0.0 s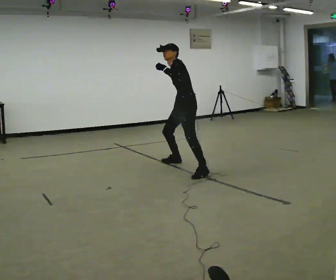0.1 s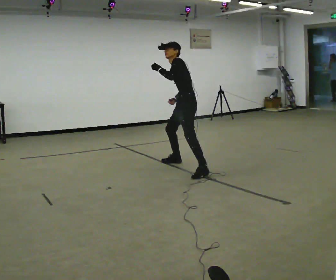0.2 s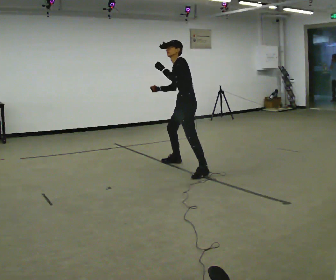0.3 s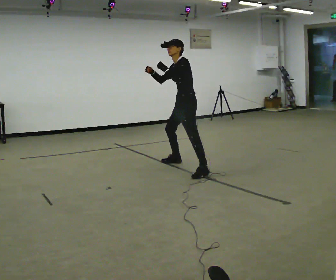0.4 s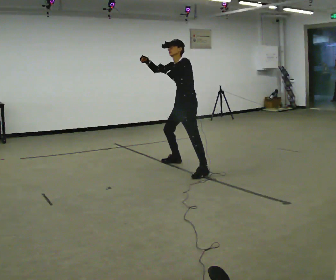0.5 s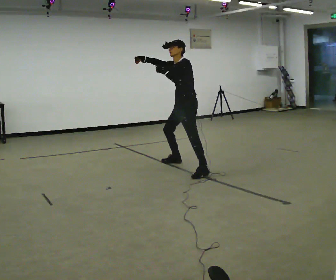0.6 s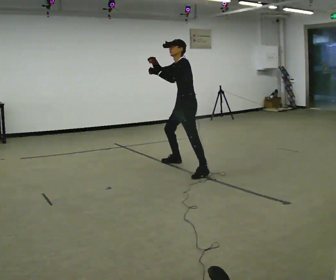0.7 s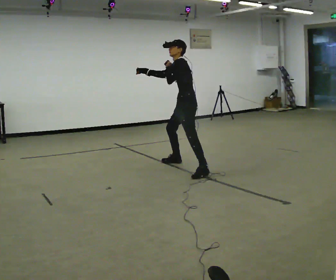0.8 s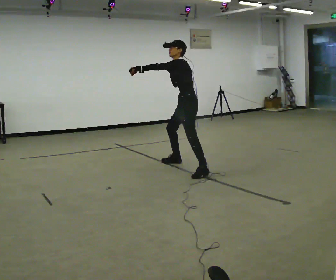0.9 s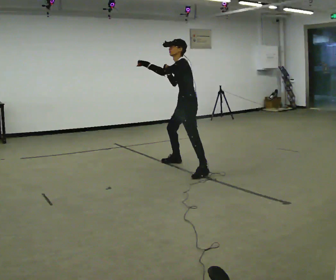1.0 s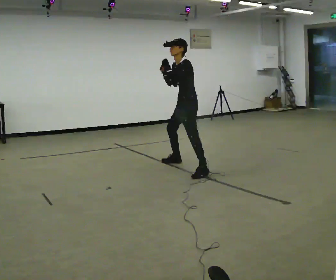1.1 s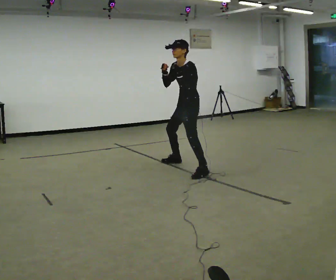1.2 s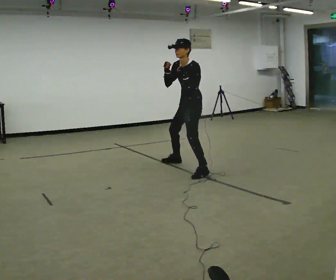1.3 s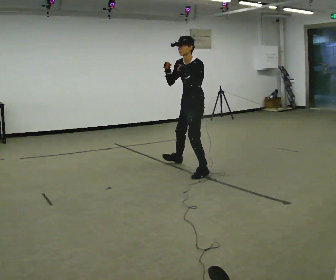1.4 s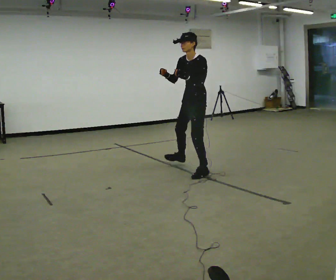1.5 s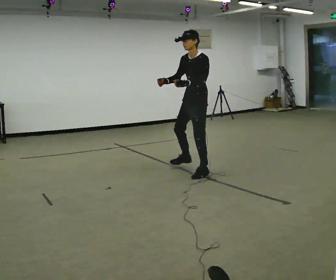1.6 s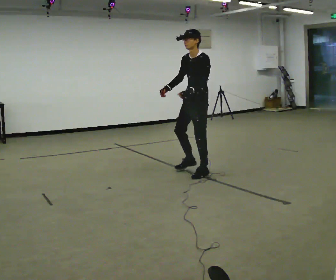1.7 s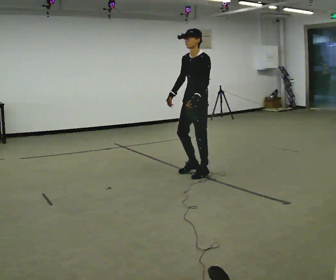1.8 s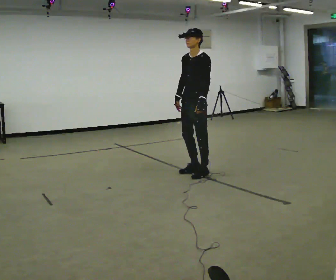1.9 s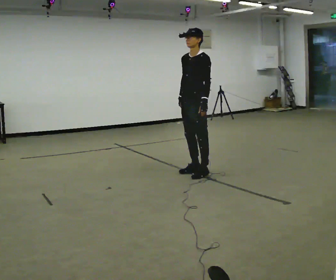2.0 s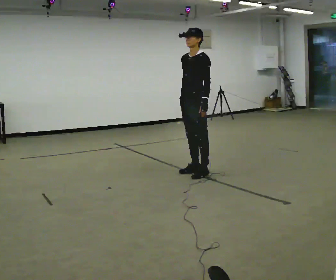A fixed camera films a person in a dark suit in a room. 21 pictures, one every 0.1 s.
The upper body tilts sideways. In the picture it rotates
clockwise.
0.0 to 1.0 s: In the picture their right hand goes upward.
1.0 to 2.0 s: In the picture they go toward the camera, about 0.25 m in 1 step, which for them is to their left and forward. In the picture the upper body tilts clockwise, shoulders to the right, as they lean back or straighten. In the picture their left hand goes downward.
The film runs backward here.
